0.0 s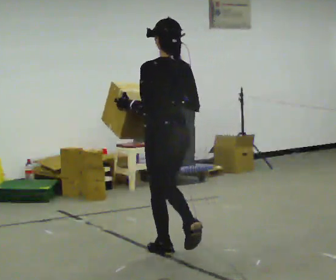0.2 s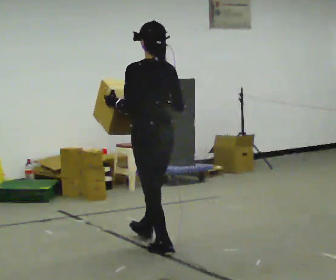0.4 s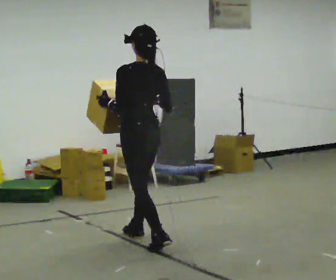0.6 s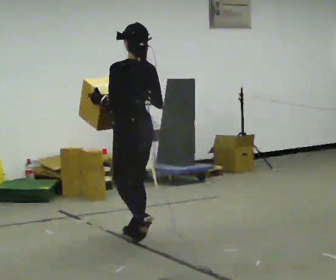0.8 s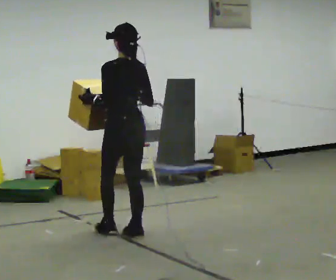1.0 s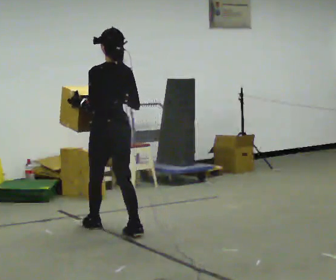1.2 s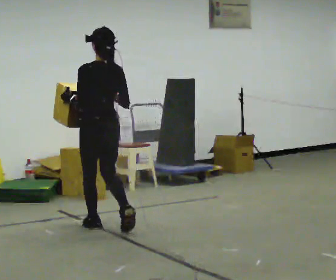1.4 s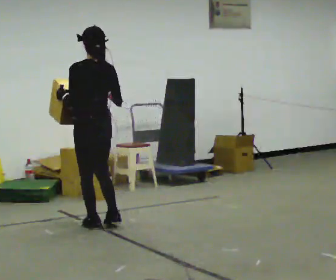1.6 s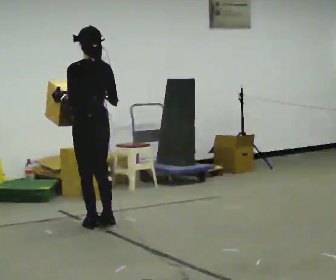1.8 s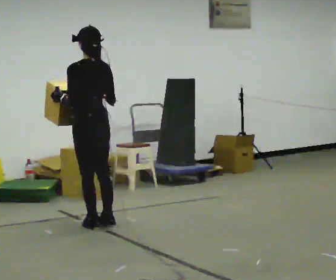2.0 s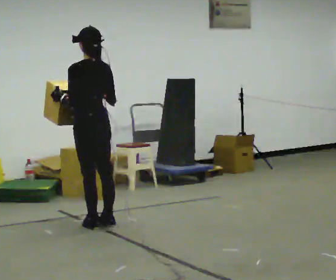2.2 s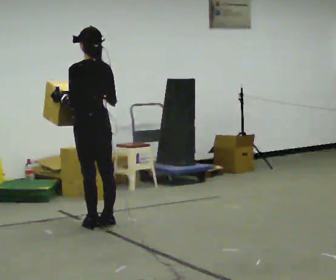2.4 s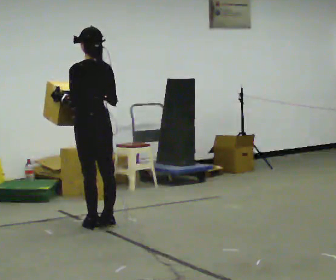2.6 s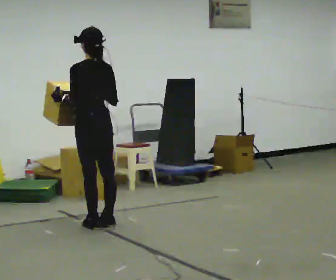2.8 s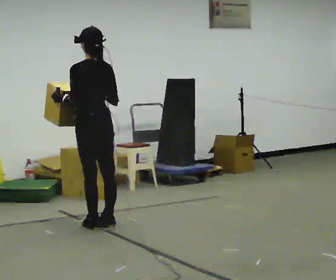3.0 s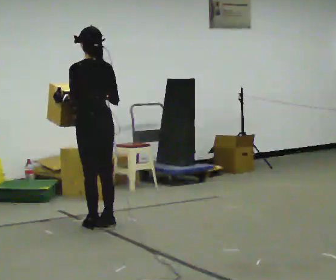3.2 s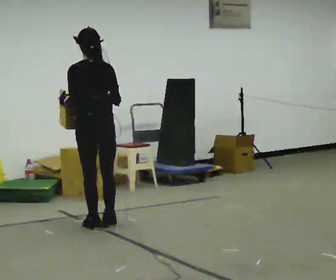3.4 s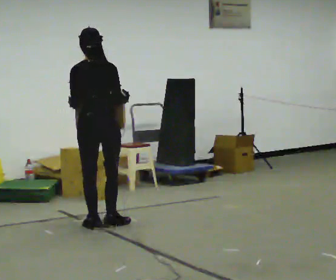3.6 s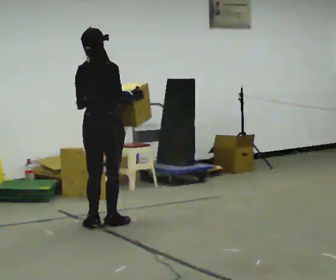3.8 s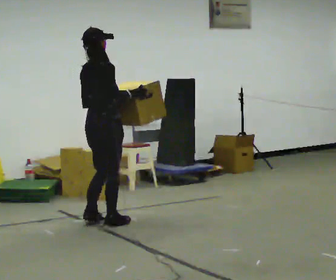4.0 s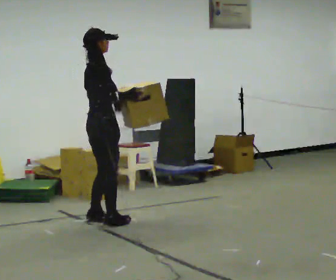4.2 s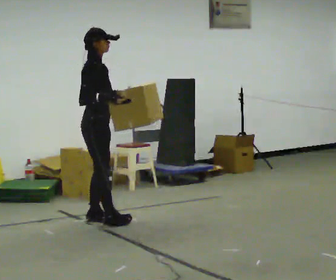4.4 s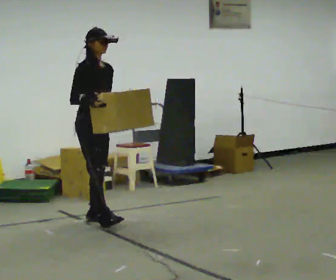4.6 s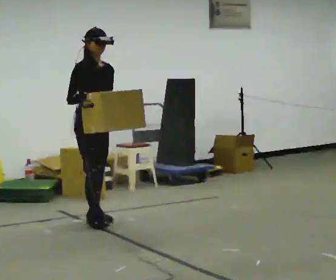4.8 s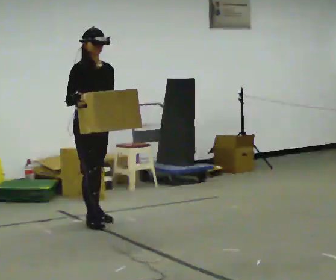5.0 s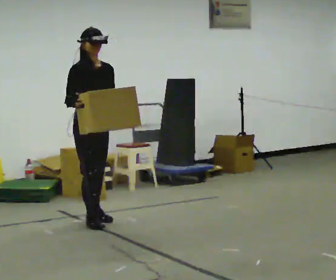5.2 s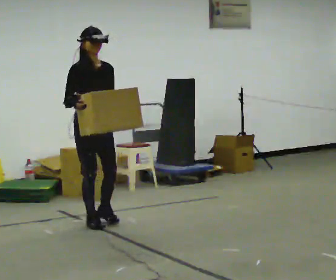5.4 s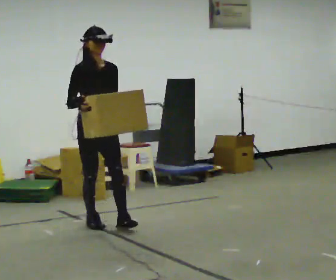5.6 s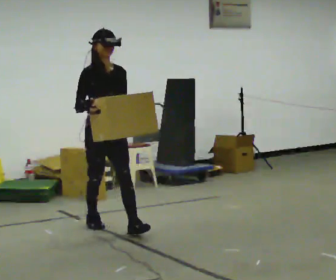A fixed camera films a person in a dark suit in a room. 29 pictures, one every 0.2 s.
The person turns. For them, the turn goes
to their right.
The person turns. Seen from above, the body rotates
clockwise.
0.0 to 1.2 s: In the picture they go away from the camera and to the left, about 1 m in 2 steps, which for them is forward.
1.2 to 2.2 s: In the picture they go away from the camera, about 0.25 m in 1 step, which for them is forward.
2.2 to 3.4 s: The person turns about 30 degrees to their right, clockwise seen from above, so the part of the body nearest the lens slides to the left.
3.4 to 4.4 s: The part of the body nearest the lens slides to the left as the person turns to their right by about 120 degrees. In the picture they go away from the camera, about 0.25 m in 1 step. In the picture their right hand goes to the left.
4.4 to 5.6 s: In the picture they go toward the camera, about 0.25 m in 1 step, which for them is forward.
The film runs forward here.
